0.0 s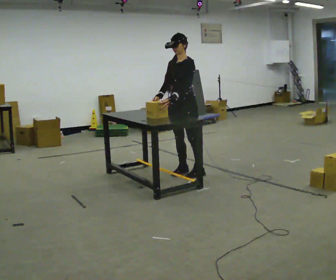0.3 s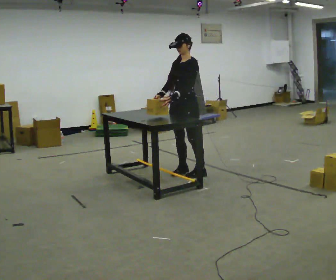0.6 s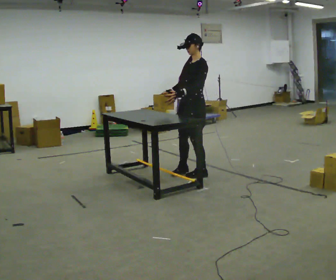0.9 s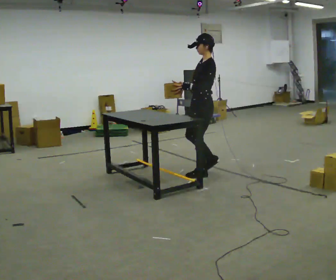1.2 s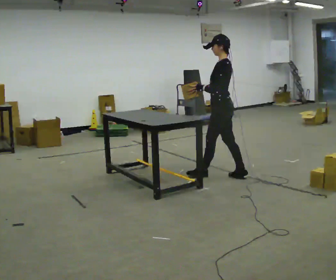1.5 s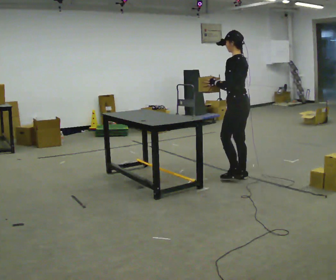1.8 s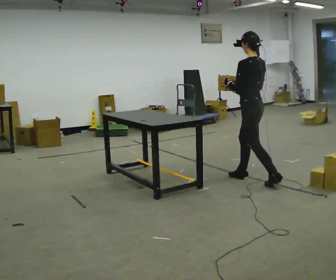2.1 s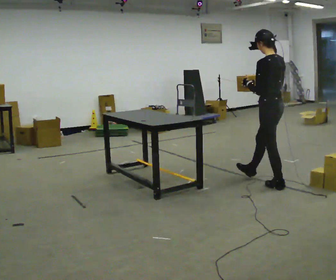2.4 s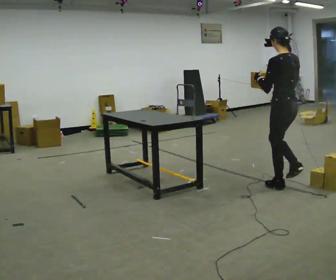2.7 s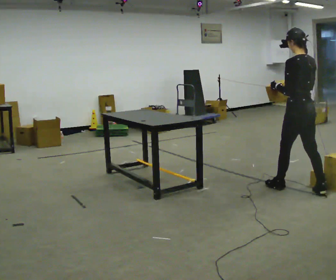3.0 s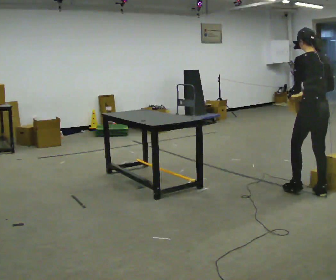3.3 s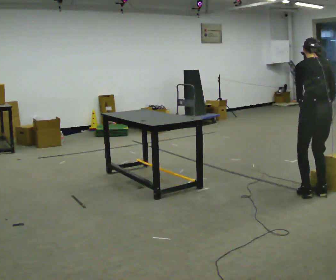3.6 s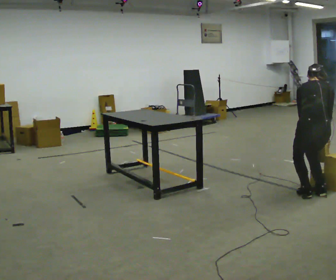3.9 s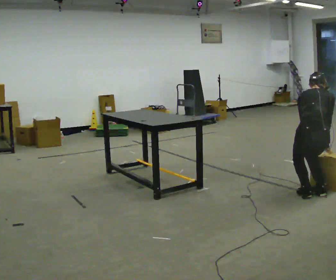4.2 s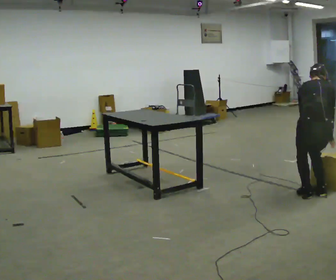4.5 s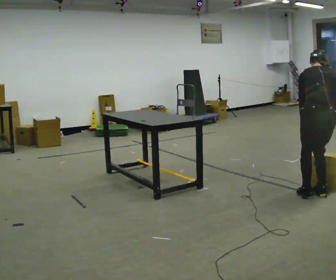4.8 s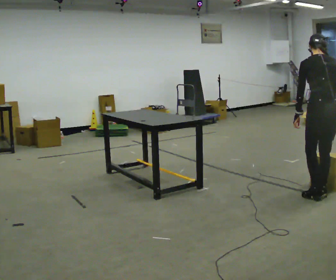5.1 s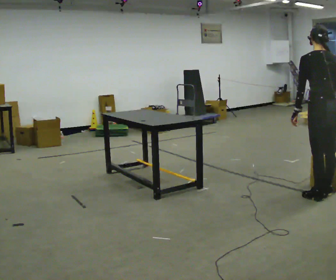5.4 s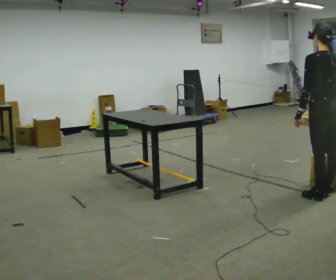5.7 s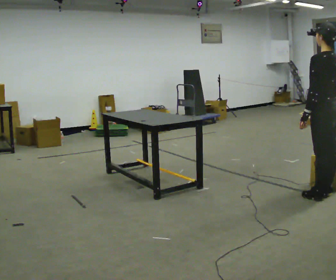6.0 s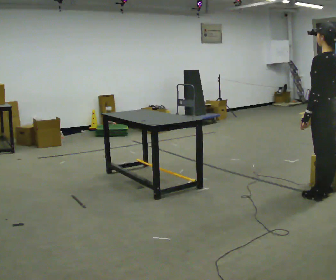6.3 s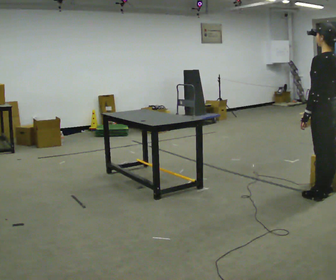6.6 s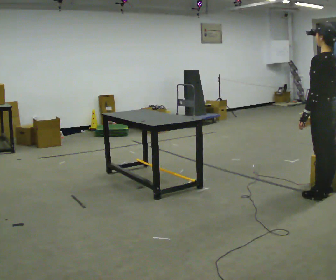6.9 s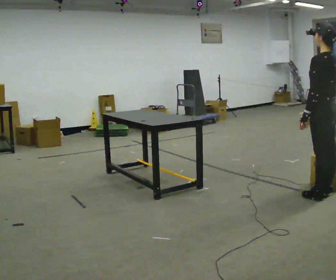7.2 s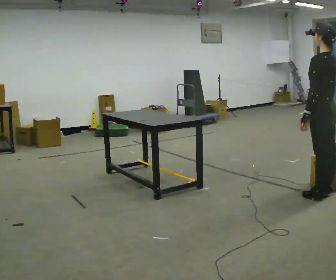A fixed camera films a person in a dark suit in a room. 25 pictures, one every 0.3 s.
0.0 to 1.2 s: Seen from above the body turns clockwise, about 75 degrees: to their right, with its near side sliding to the left. In the picture they go to the right, about 0.5 m in 1 step.
1.2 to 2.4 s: Seen from above the body turns clockwise, about 30 degrees: to their right, with its near side sliding to the left. In the picture they go to the right and toward the camera, about 1 m in 2 steps, which for them is backward.
2.4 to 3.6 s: Seen from above the body turns clockwise, about 45 degrees: to their right, with its near side sliding to the left. In the picture they go toward the camera and to the right, about 0.5 m in 1 step, which for them is backward. The upper body goes downward. The upper body tips away from the camera, its near side rolling upward, as they bend forward. In the picture their right hand goes downward.
3.6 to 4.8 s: The upper body tips toward the camera, its near side rolling downward, as they lean back or straighten.
4.8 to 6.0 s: The part of the body nearest the lens slides to the right as the person turns to their left by about 45 degrees. The upper body tips toward the camera, its near side rolling downward, as they lean back or straighten.
6.0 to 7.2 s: The person moves a little, or ends about where they began.
The film runs backward here.
